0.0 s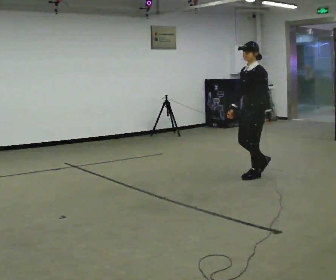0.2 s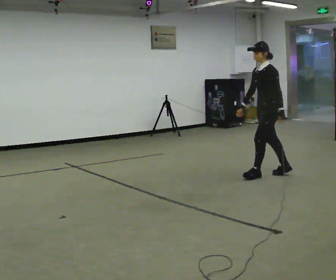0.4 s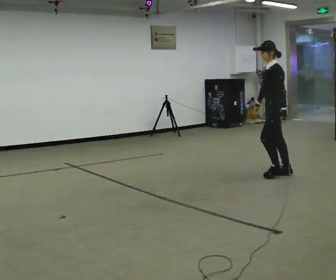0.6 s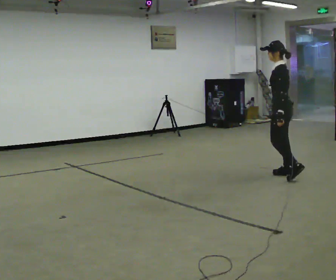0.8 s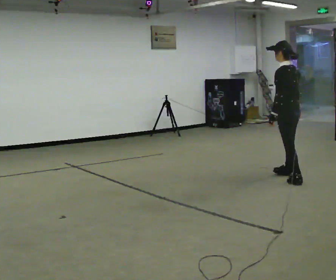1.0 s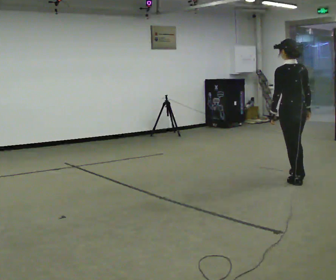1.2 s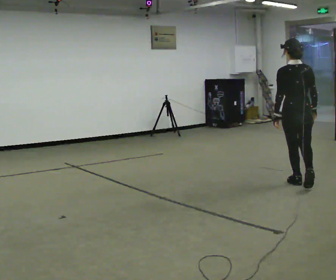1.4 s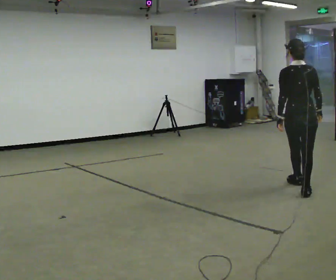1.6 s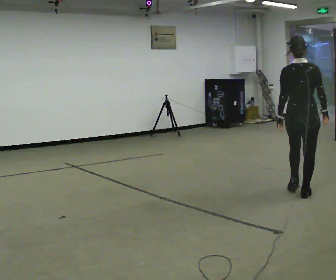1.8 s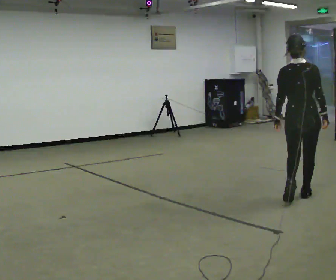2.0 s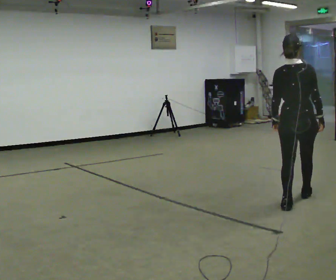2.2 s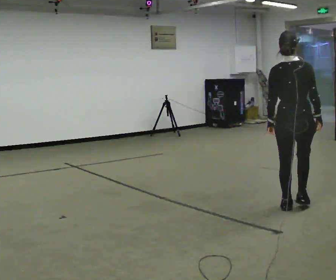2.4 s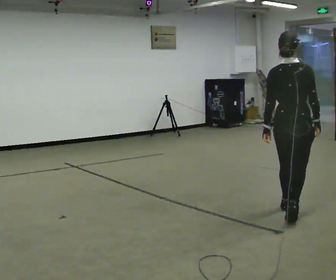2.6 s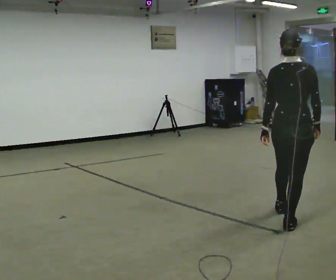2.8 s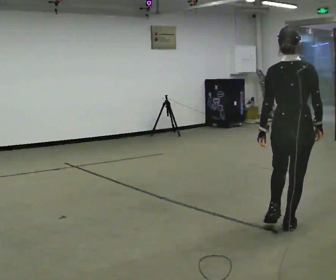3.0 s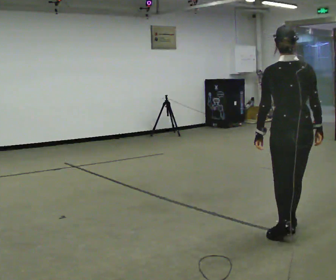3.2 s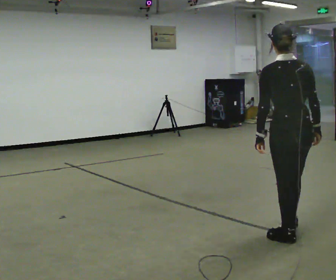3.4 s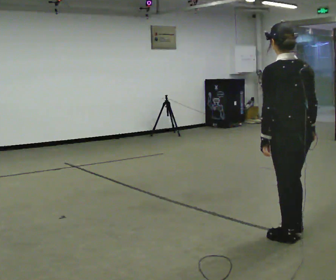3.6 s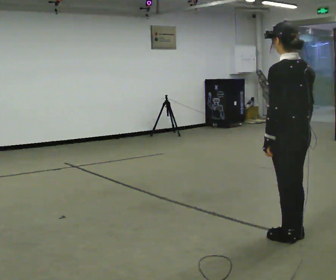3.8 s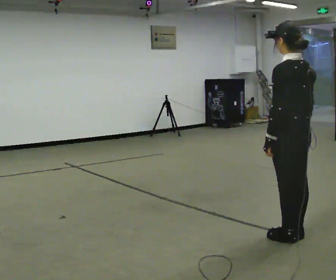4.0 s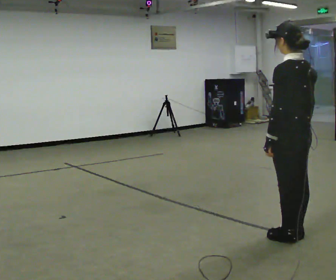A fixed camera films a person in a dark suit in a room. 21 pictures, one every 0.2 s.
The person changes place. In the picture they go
toward the camera.
The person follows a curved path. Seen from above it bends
clockwise.
0.0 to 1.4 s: The part of the body nearest the lens slides to the left as the person turns to their right by about 120 degrees. In the picture they go to the right and toward the camera, about 0.5 m in 2 steps.
1.4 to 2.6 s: In the picture they go toward the camera, about 1 m in 3 steps, which for them is backward.
2.6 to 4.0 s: The part of the body nearest the lens slides to the right as the person turns to their left by about 60 degrees. In the picture they go toward the camera, about 0.5 m in 1 step, which for them is backward and to their left.
The film runs backward here.
